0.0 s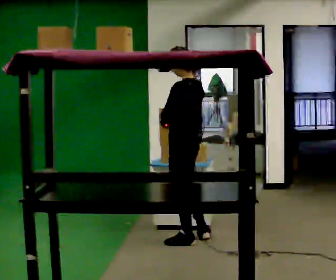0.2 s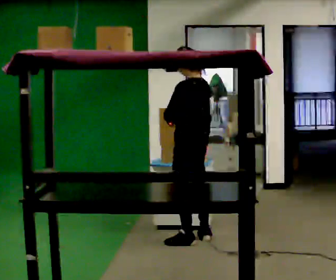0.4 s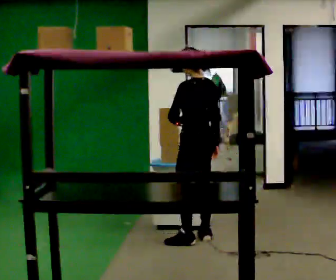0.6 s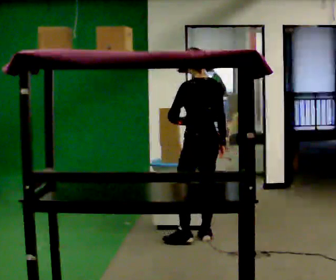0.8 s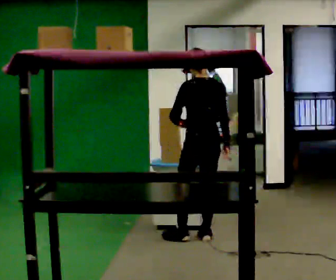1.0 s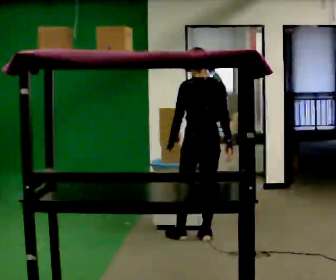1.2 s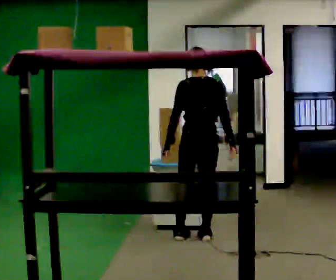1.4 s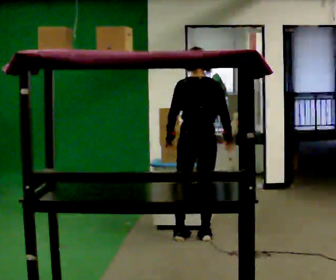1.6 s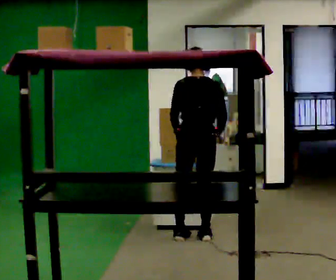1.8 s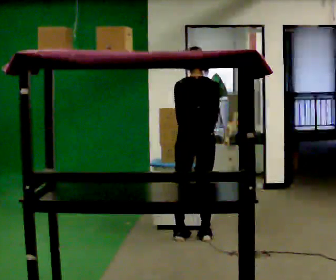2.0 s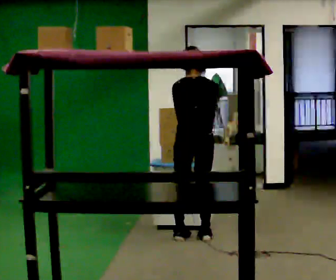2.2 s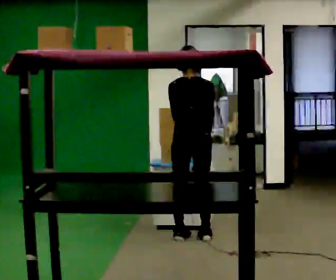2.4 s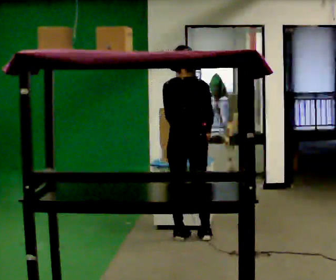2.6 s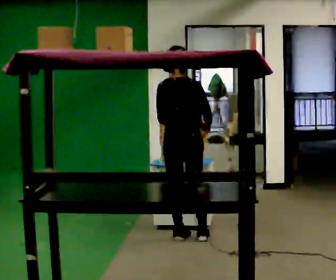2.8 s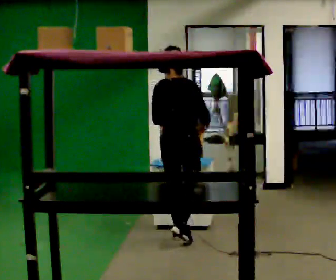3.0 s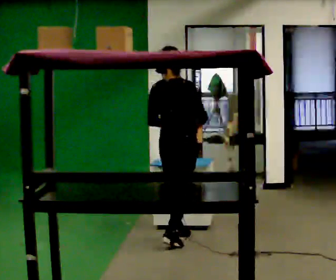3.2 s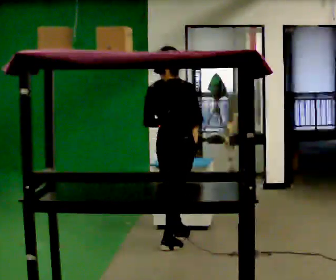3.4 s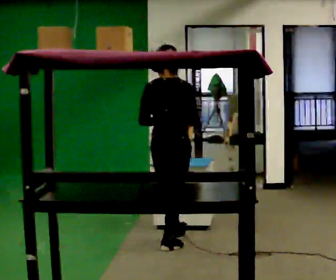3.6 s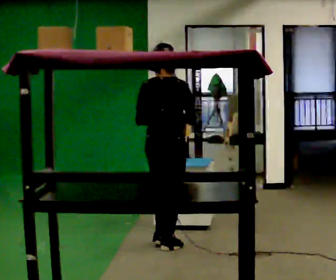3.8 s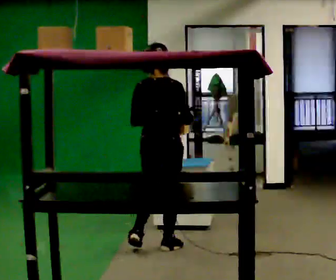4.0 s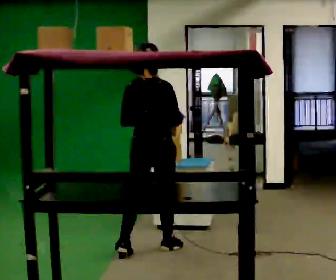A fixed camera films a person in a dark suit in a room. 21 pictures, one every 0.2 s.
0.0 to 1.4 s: The part of the body nearest the lens slides to the left as the person turns to their right by about 60 degrees.
1.4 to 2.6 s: The part of the body nearest the lens slides to the left as the person turns to their right by about 30 degrees.
2.6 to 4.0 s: In the picture they go toward the camera and to the left, about 0.5 m in 1 step, which for them is backward.
The film runs backward here.
